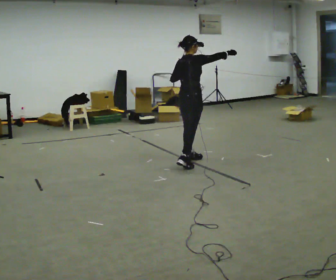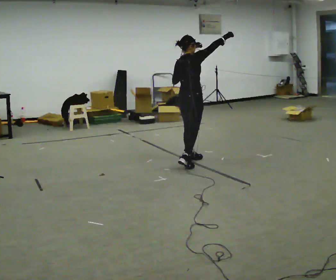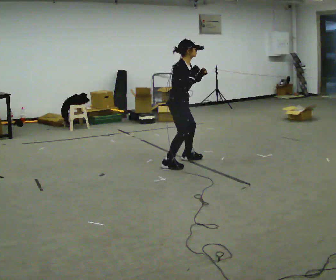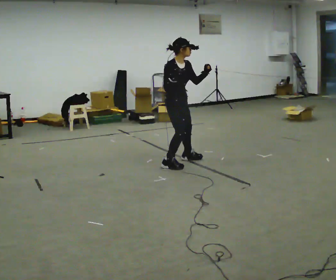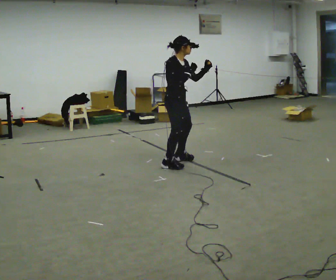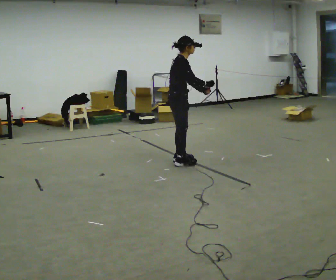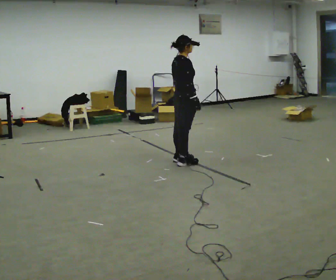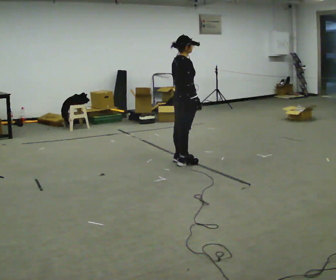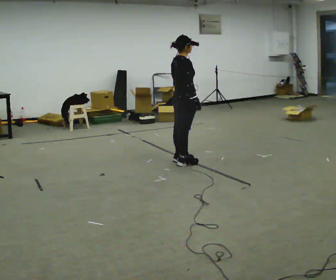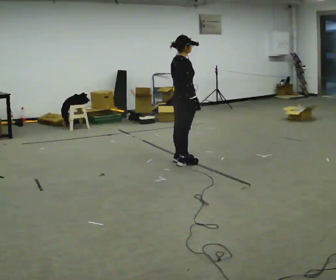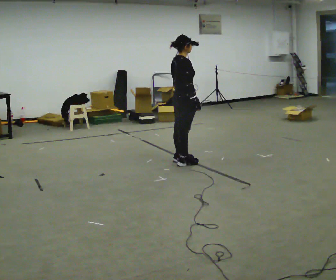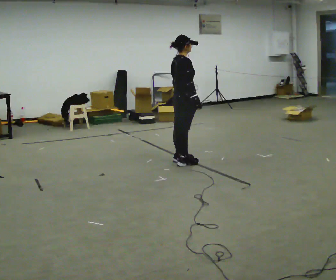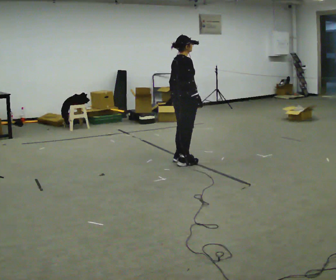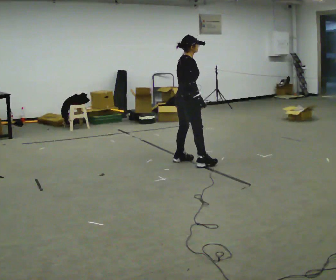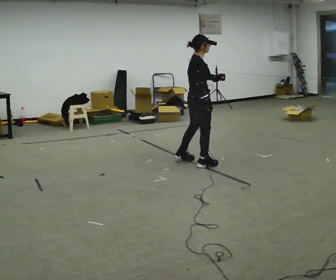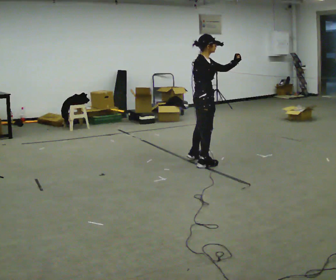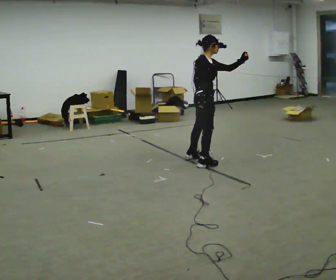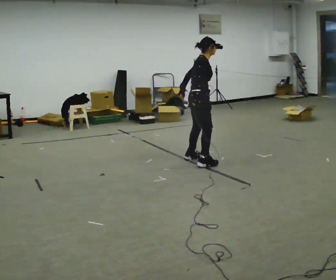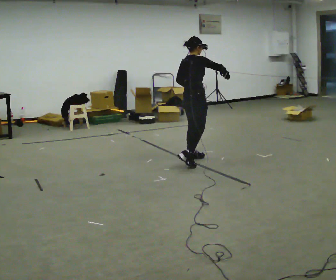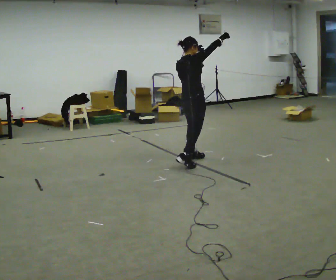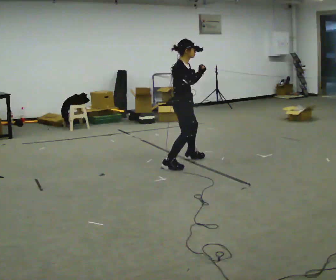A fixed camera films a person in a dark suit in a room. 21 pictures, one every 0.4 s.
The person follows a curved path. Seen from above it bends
clockwise.
0.0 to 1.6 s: The person turns about 60 degrees to their right, clockwise seen from above, so the part of the body nearest the lens slides to the left. In the picture they go to the left, about 0.25 m in 1 step.
1.6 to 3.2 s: The person turns about 45 degrees to their left, counterclockwise seen from above, so the part of the body nearest the lens slides to the right. In the picture their left hand goes downward, the arm swinging clockwise.
3.2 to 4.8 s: The person moves a little, or ends about where they began.
4.8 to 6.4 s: Seen from above the body turns clockwise, about 30 degrees: to their right, with its near side sliding to the left. In the picture they go to the right, about 0.25 m in 1 step, which for them is forward and to their right. In the picture their left hand goes upward, the arm swinging counterclockwise.
6.4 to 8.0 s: In the picture they go to the left, about 0.25 m in 1 step, which for them is backward and to their left.
The film runs backward here.
